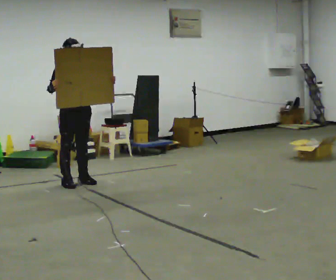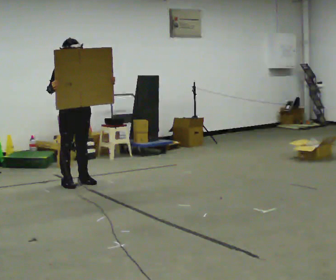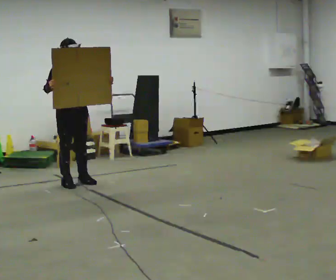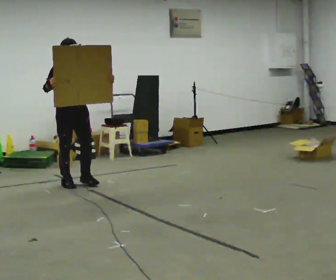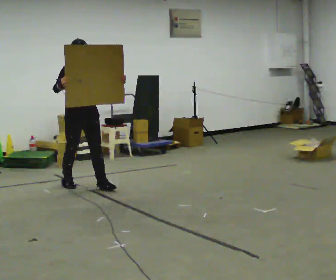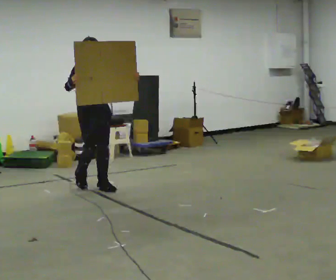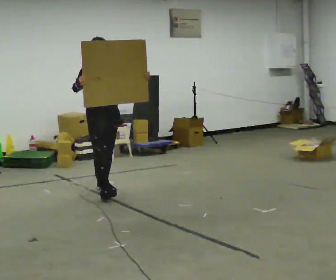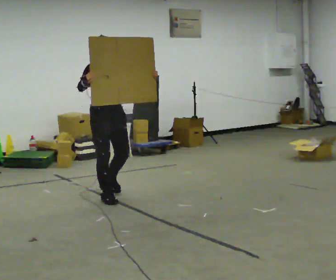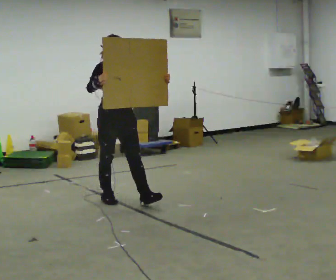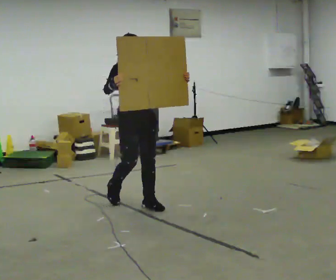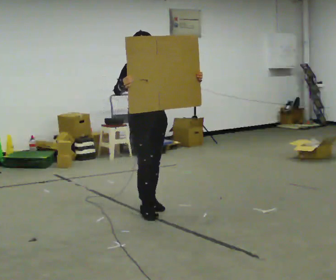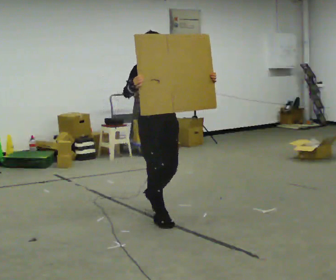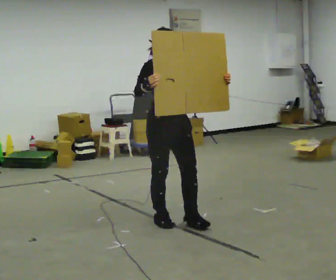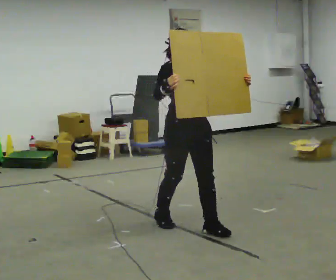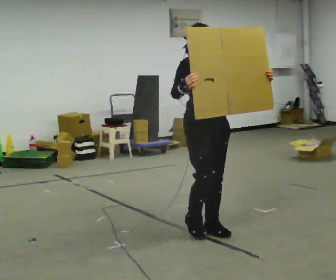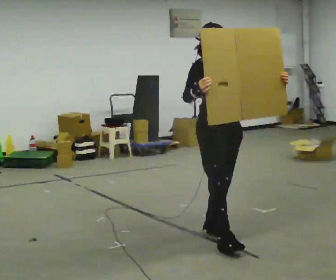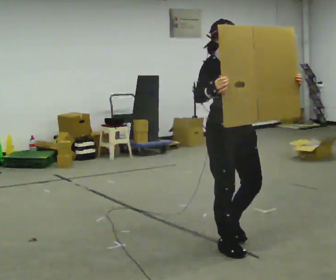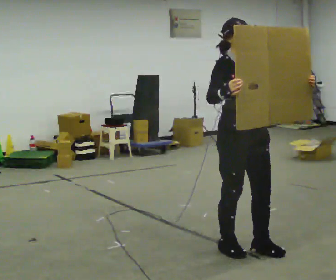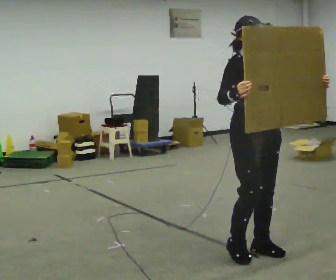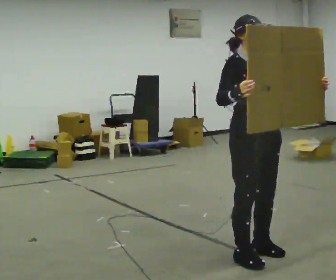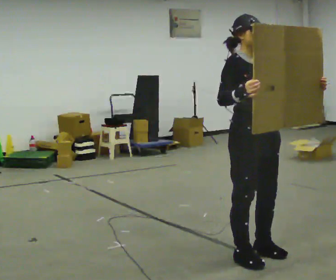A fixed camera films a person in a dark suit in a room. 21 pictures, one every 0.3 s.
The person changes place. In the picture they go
toward the camera.
0.0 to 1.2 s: In the picture they go toward the camera, about 0.25 m in 1 step, which for them is forward.
1.2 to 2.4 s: In the picture they go toward the camera and to the right, about 1 m in 1 step, which for them is forward.
2.4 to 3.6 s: In the picture they go toward the camera and to the right, about 1 m in 2 steps, which for them is forward.
3.6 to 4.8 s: In the picture they go toward the camera and to the right, about 1 m in 2 steps, which for them is forward.
4.8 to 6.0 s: In the picture they go toward the camera, about 0.25 m in 2 steps, which for them is forward.
The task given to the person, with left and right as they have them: Carry the large panel across the room. It will block your view ahead, so take whatever route feels safe. Keep going until the operator says stop; one object at a time, and do not rush between trips.
The film runs forward here.
